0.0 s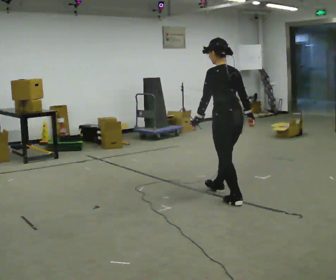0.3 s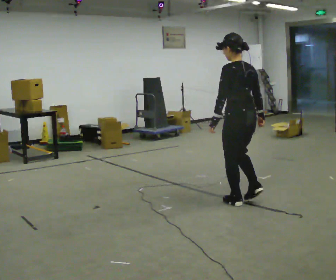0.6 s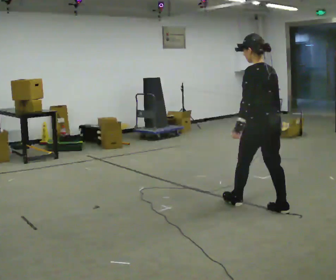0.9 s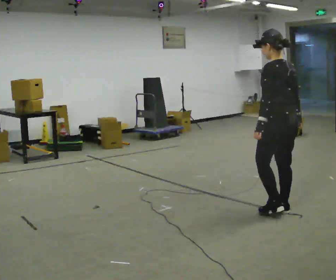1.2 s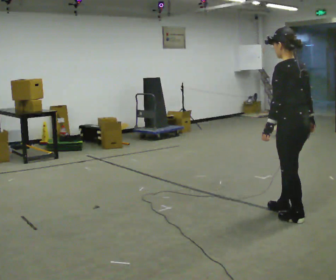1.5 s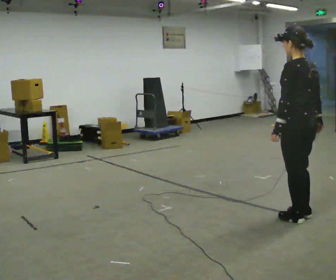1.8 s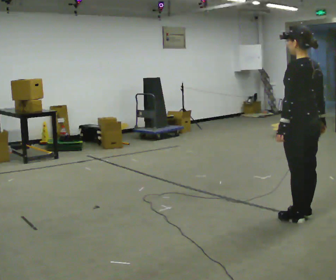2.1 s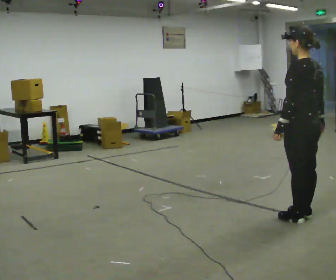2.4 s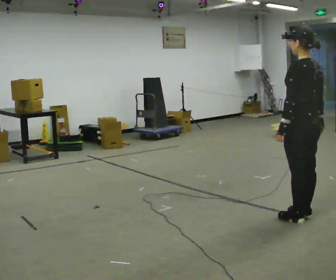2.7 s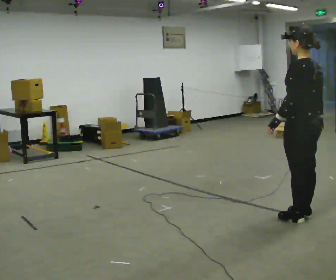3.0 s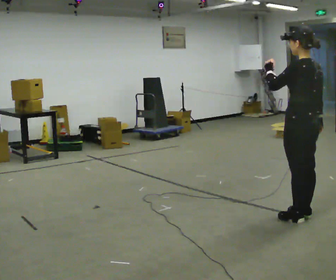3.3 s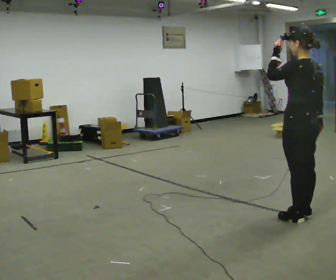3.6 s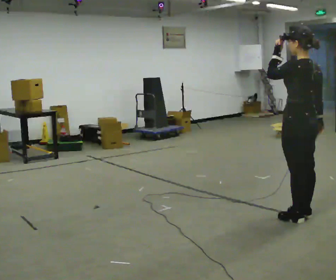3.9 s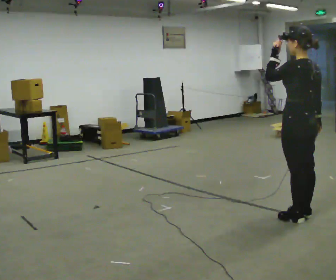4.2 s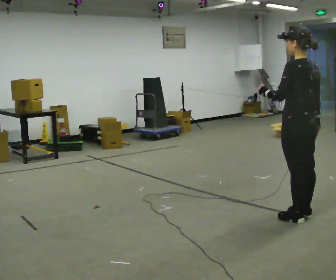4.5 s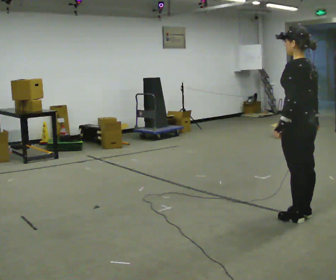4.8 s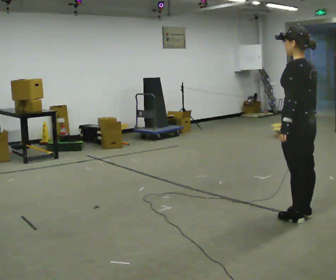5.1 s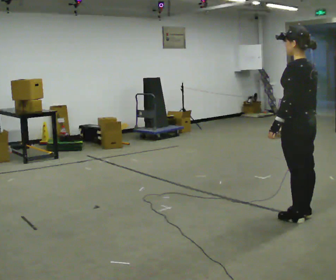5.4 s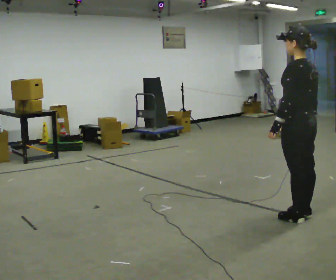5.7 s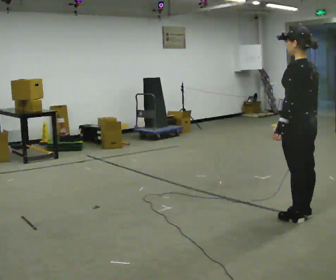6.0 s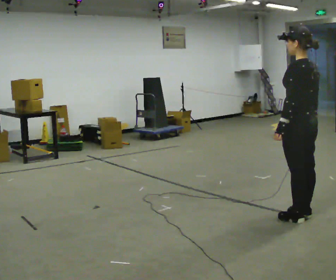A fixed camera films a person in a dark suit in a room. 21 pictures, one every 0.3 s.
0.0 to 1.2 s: In the picture they go to the right and toward the camera, about 1 m in 2 steps, which for them is backward.
1.2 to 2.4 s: The person moves a little, or ends about where they began.
2.4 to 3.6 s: In the picture their left hand goes upward.
3.6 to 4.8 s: In the picture their left hand goes downward.
4.8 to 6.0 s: The person moves a little, or ends about where they began.
The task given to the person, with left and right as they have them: Walk backward slowly; stop.
The film runs forward here.
